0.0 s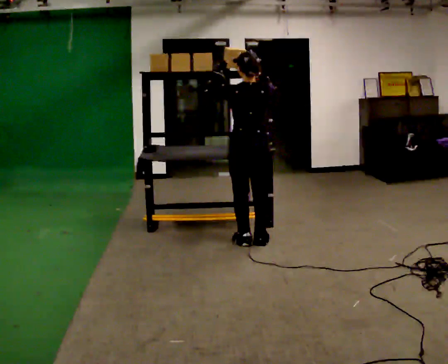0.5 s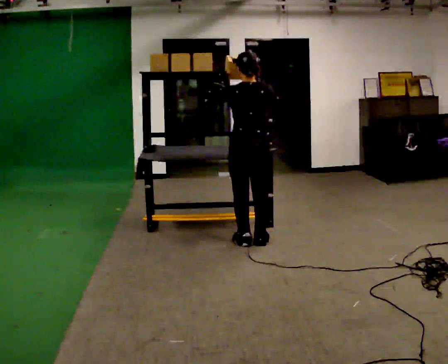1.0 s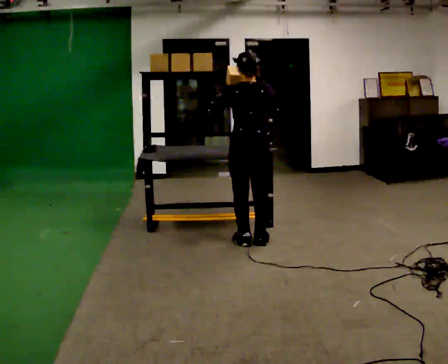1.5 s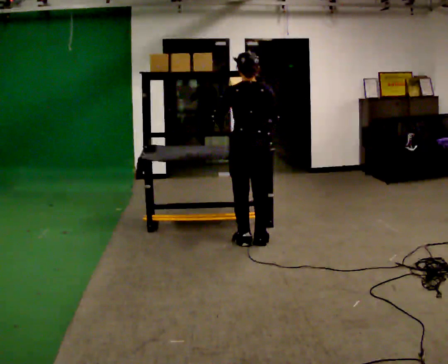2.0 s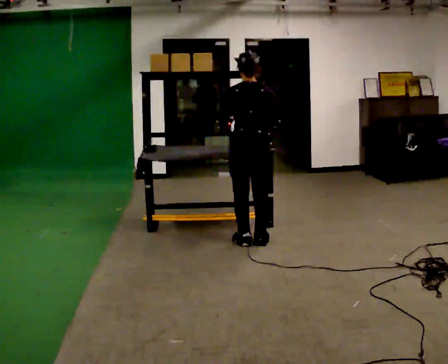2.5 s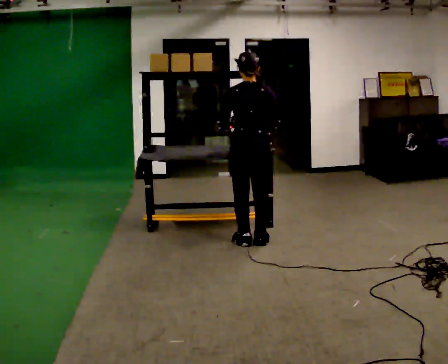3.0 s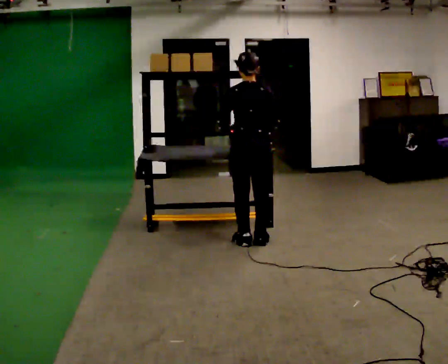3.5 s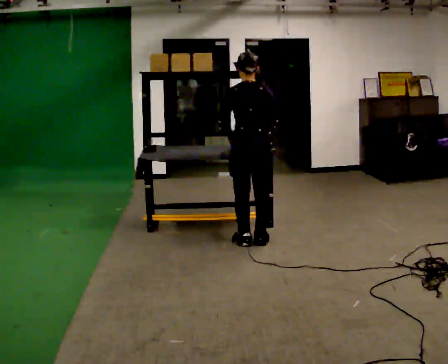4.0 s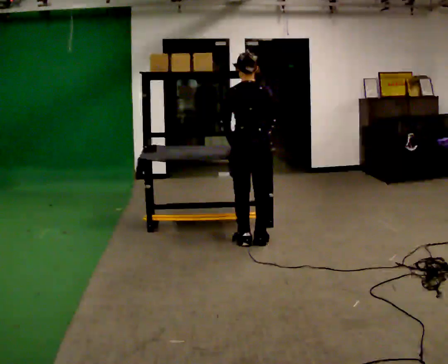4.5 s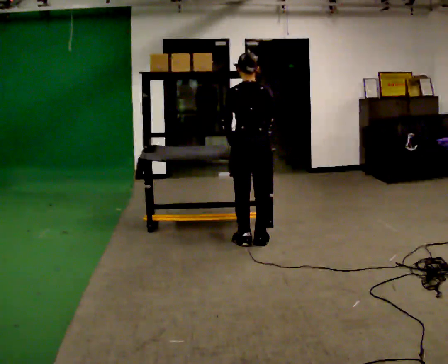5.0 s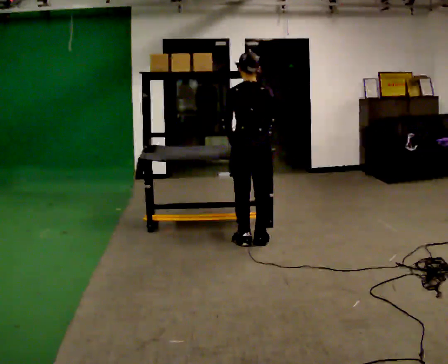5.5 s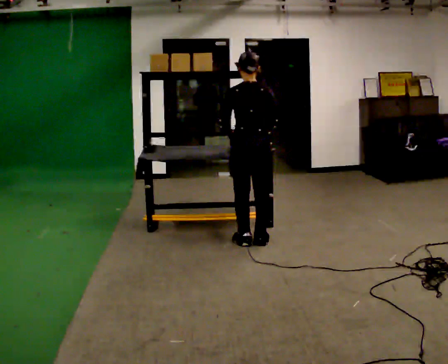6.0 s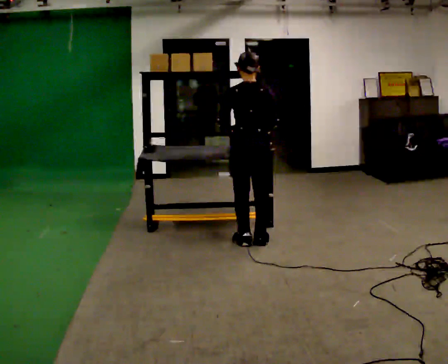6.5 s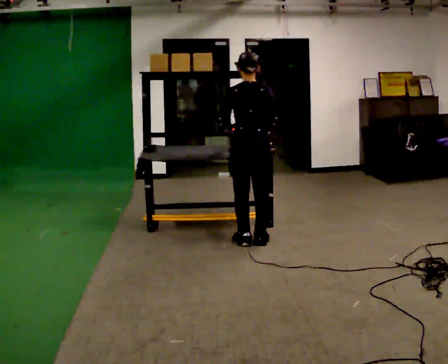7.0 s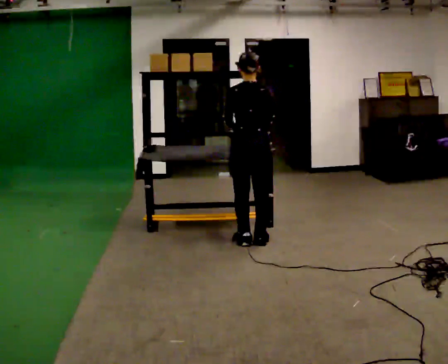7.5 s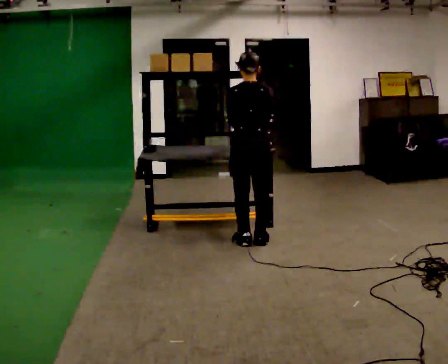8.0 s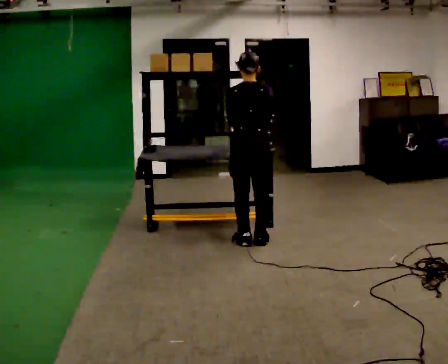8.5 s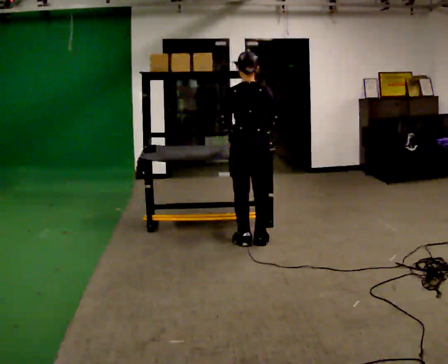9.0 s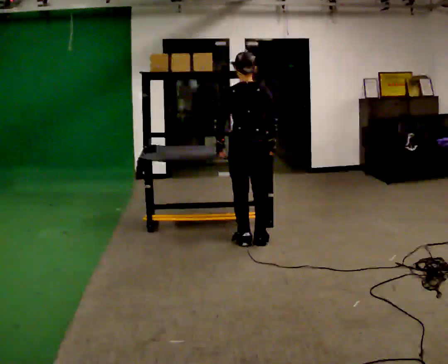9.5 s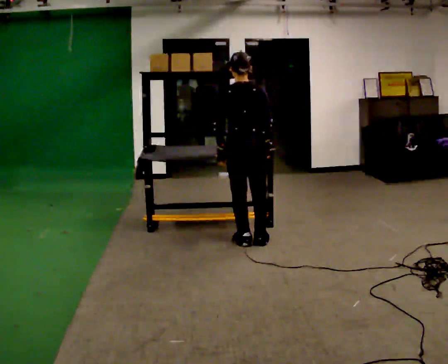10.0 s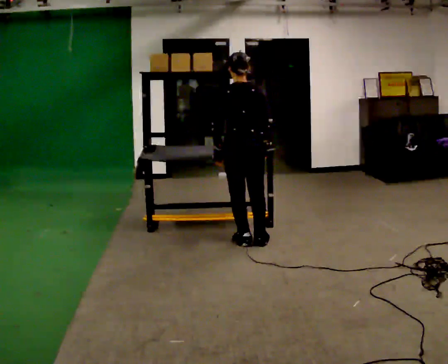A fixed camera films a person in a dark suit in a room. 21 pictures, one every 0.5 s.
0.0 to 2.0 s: In the picture their left hand goes downward.
2.0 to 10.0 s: The person moves a little, or ends about where they began.
The film runs backward here.
